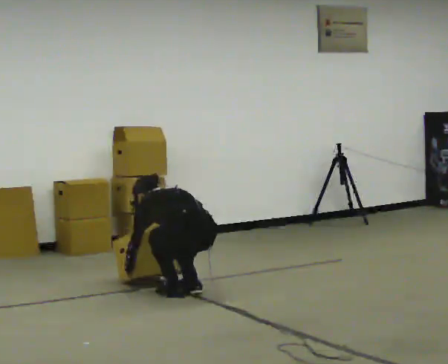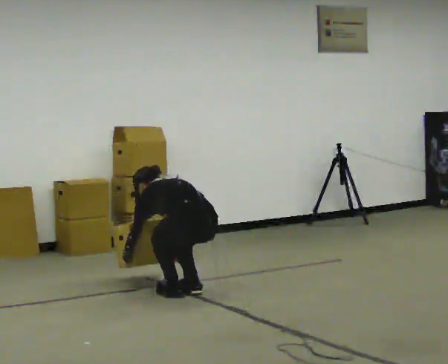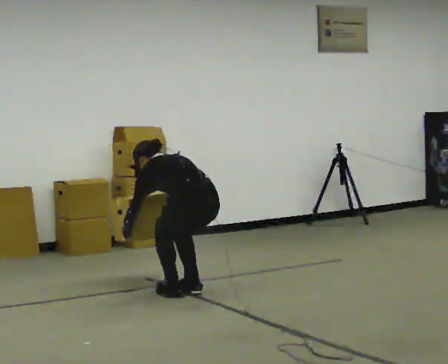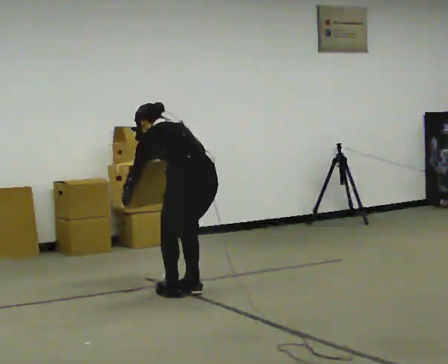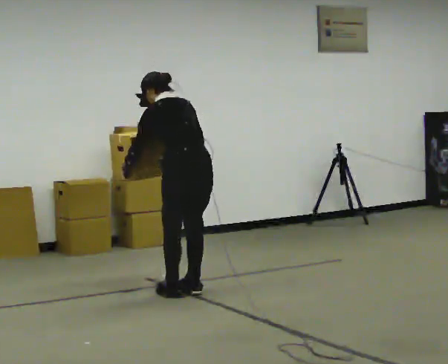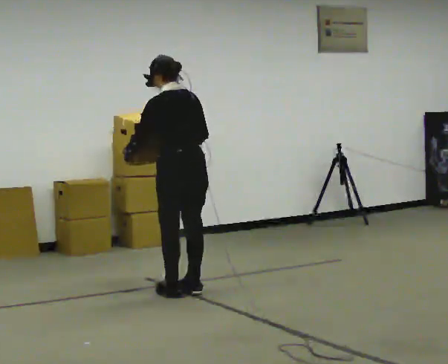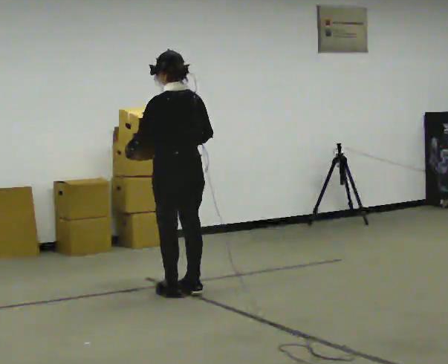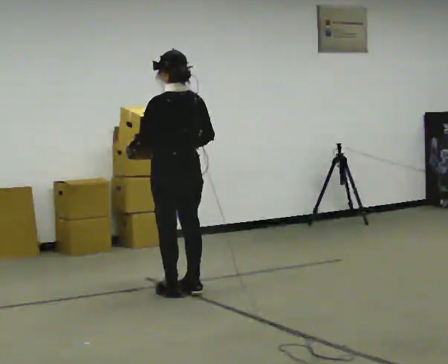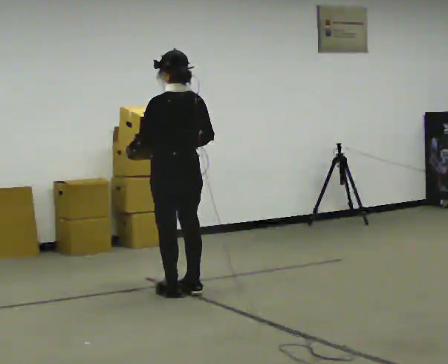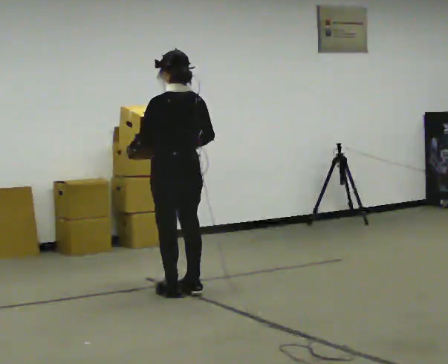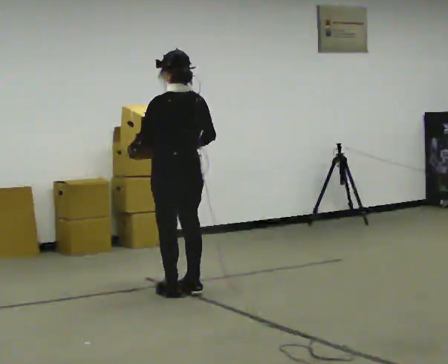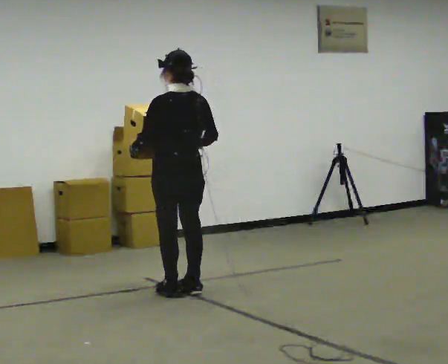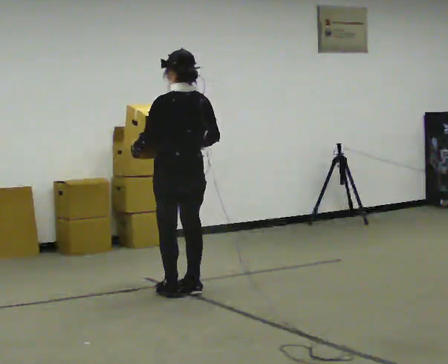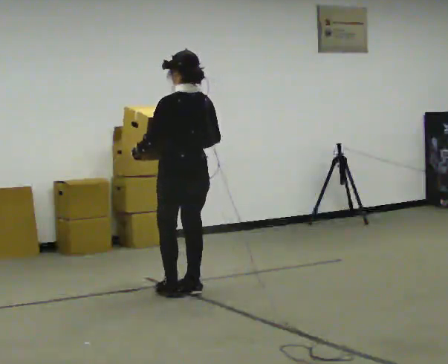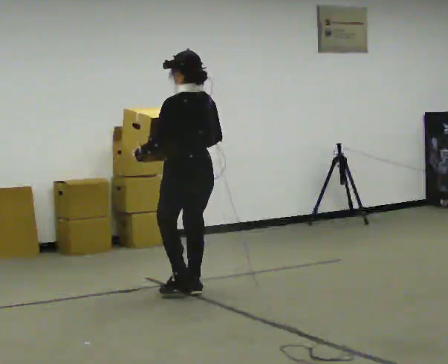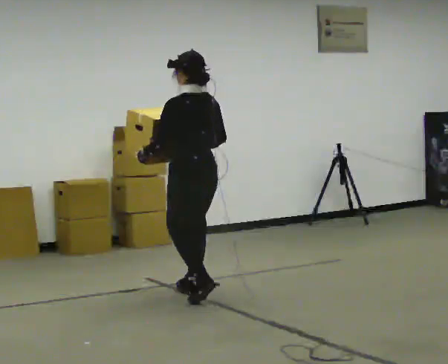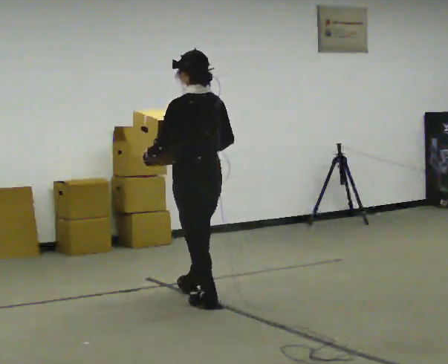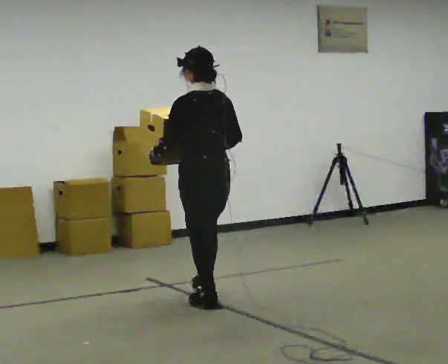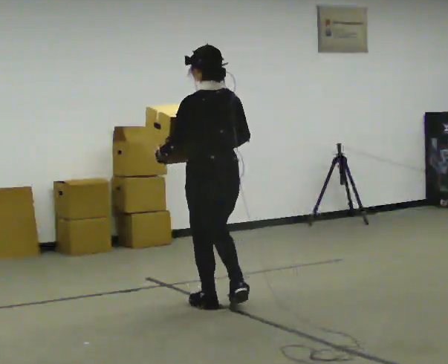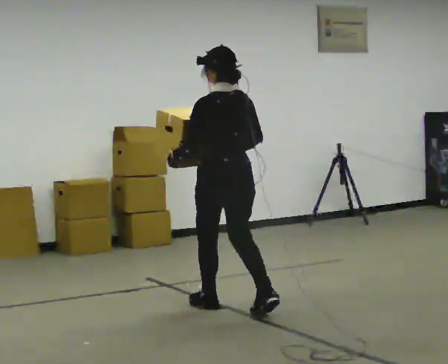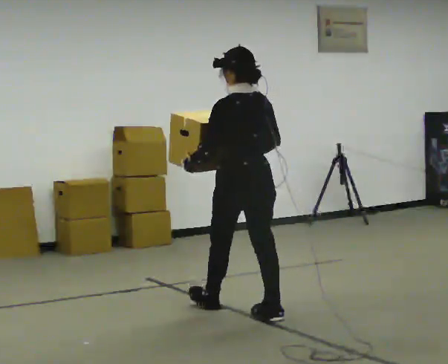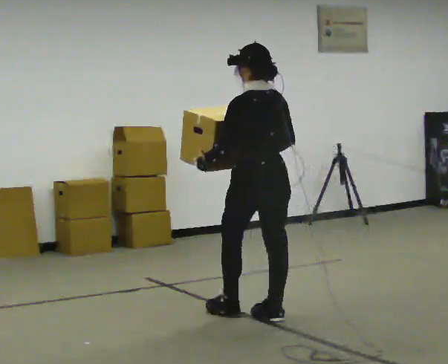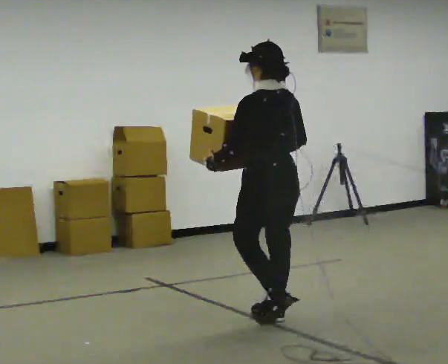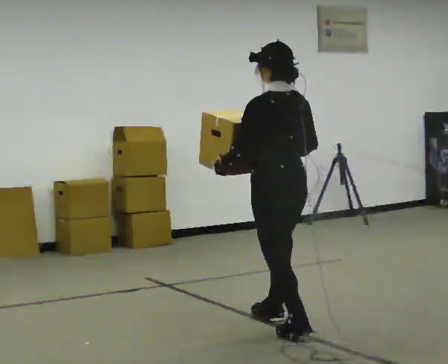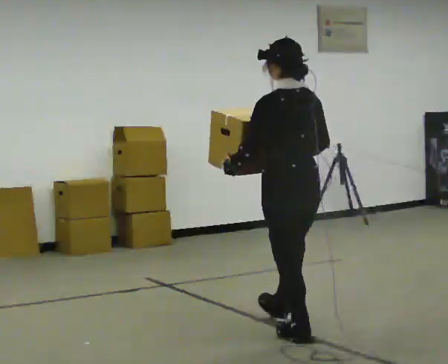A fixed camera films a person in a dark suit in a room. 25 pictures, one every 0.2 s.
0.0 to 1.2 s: The upper body goes upward. The upper body tips toward the camera, its near side rolling downward, as they lean back or straighten. In the picture their right hand goes upward.
1.2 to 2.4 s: The person moves a little, or ends about where they began.
2.4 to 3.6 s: In the picture they go toward the camera and to the right, about 0.5 m in 2 steps, which for them is backward.
3.6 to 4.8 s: In the picture they go toward the camera and to the right, about 1 m in 2 steps, which for them is backward.
The film runs backward here.
